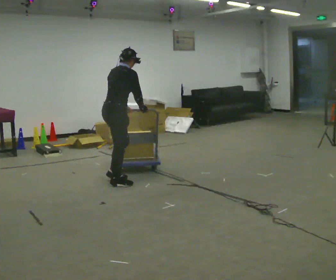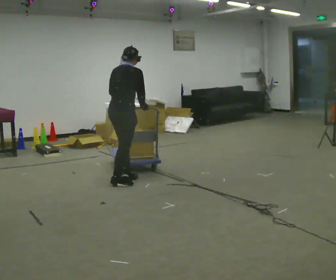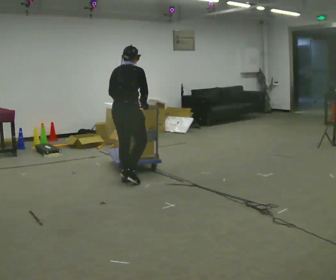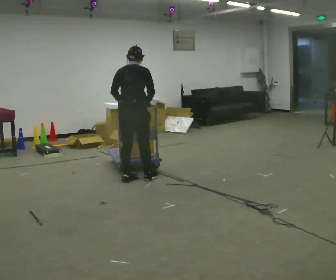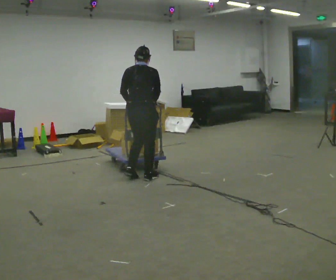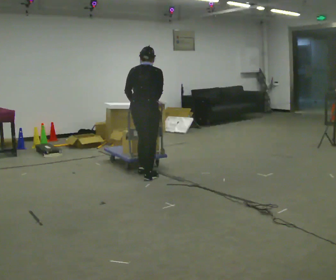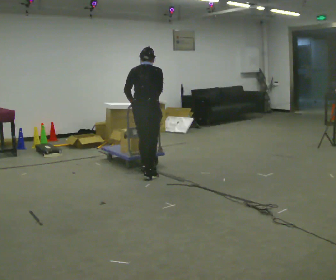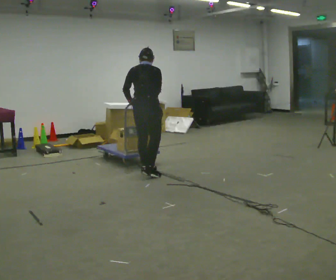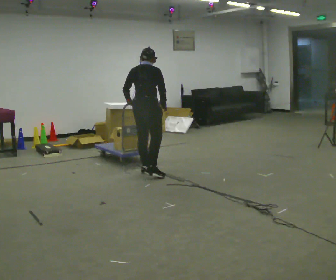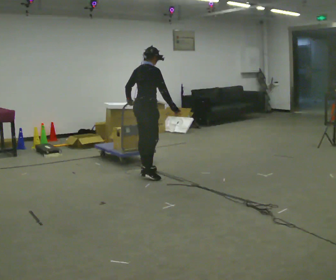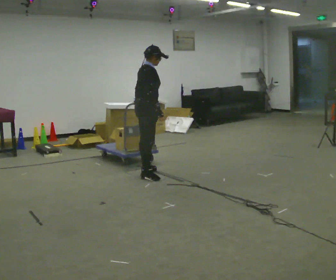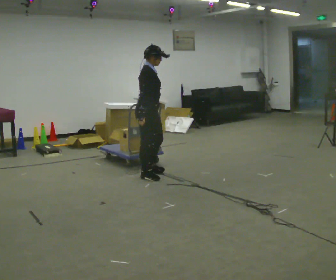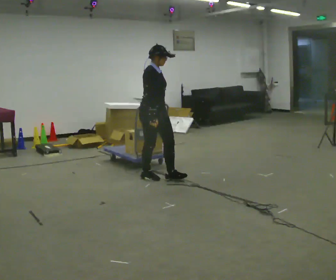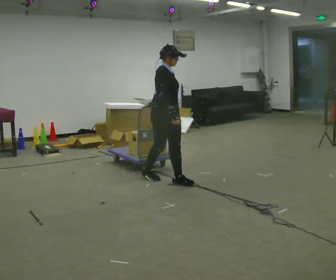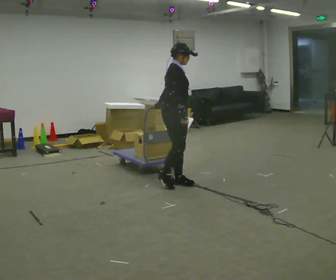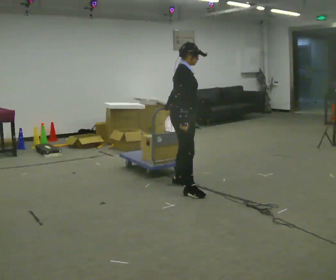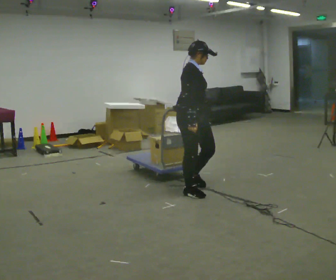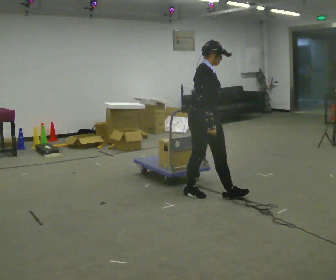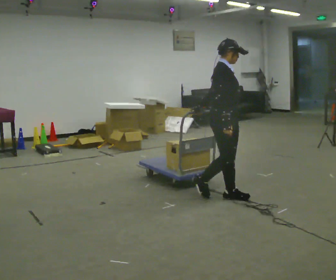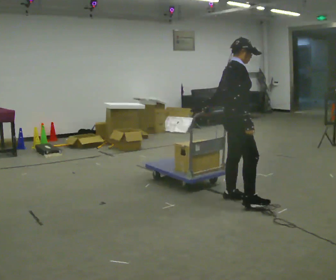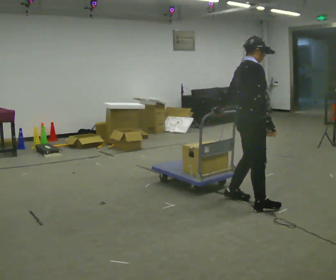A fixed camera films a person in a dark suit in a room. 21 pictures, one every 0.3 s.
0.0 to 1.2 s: The person turns about 45 degrees to their left, counterclockwise seen from above, so the part of the body nearest the lens slides to the right. In the picture they go to the right and away from the camera, about 0.25 m in 2 steps, which for them is forward.
1.2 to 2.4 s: In the picture they go away from the camera, about 0.25 m in 1 step, which for them is forward.
2.4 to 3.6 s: The part of the body nearest the lens slides to the left as the person turns to their right by about 75 degrees. In the picture they go toward the camera and to the right, about 0.25 m.
3.6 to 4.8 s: In the picture they go toward the camera and to the right, about 0.75 m in 2 steps, which for them is forward and to their right.
4.8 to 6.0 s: Seen from above the body turns counterclockwise, about 30 degrees: to their left, with its near side sliding to the right. In the picture they go to the right and toward the camera, about 0.75 m in 2 steps, which for them is forward.
The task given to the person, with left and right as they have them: Pull the cart behind you as you walk backward across the room. The operator will confirm the space behind you is clear before each take.
The film runs forward here.
